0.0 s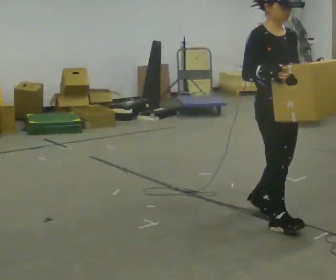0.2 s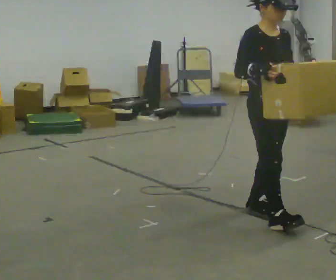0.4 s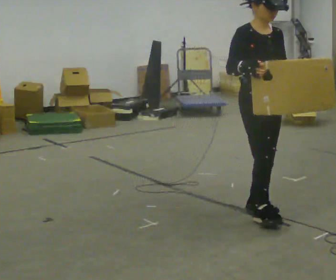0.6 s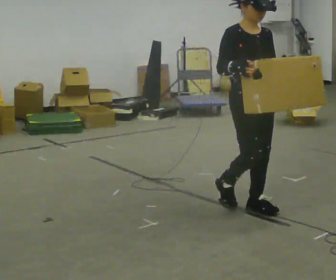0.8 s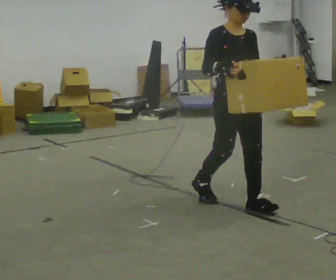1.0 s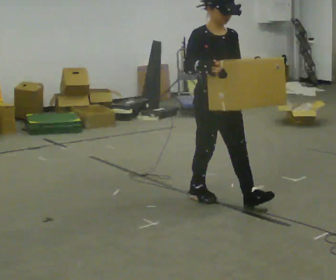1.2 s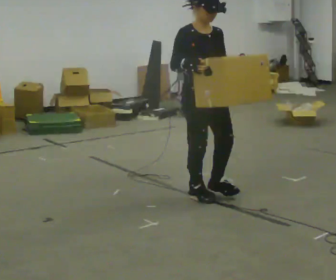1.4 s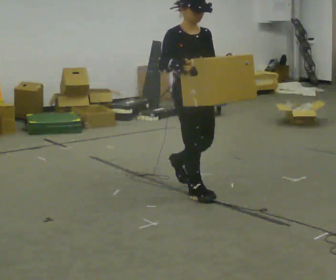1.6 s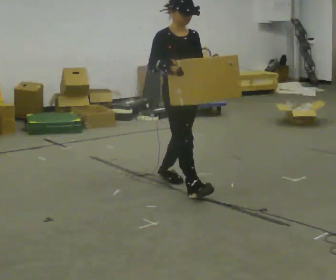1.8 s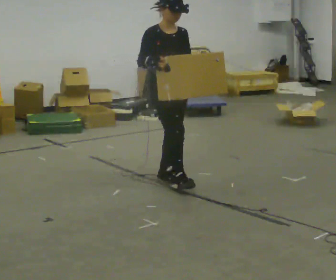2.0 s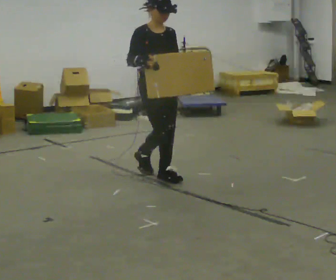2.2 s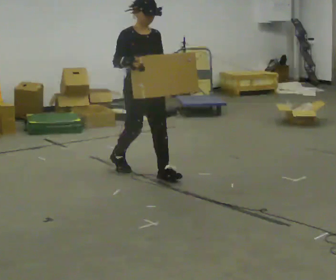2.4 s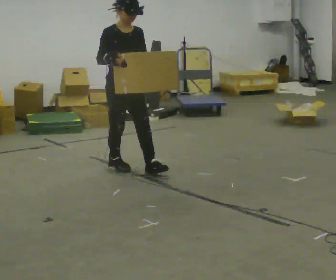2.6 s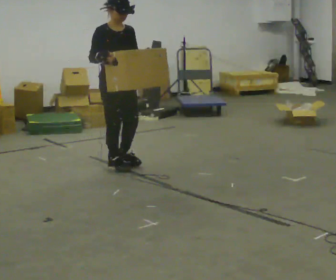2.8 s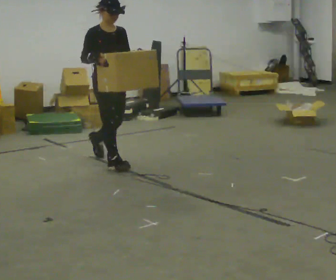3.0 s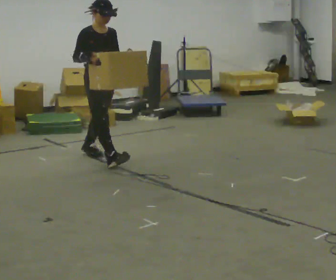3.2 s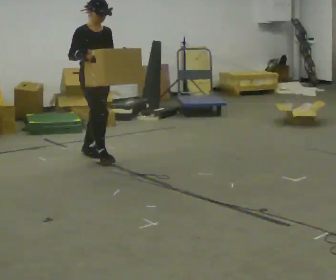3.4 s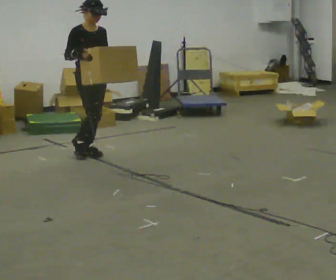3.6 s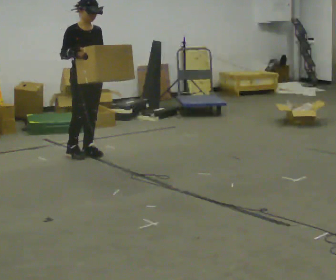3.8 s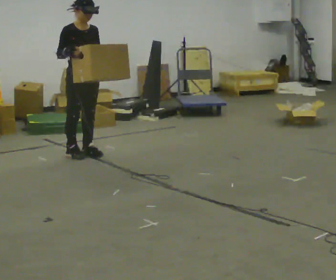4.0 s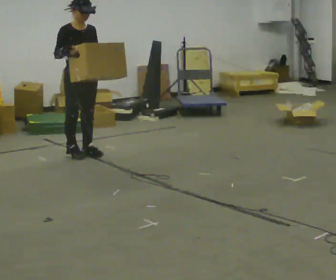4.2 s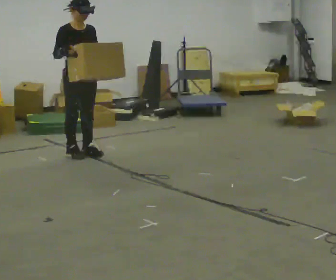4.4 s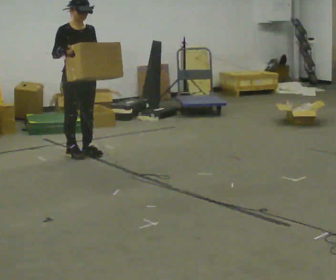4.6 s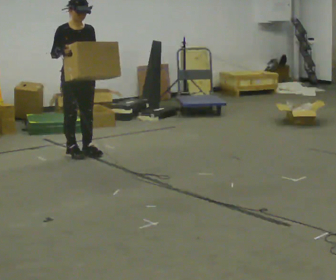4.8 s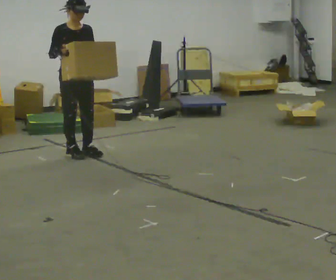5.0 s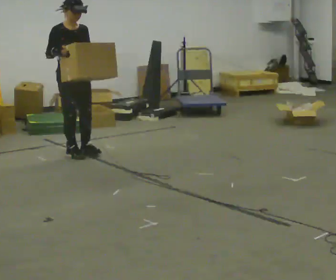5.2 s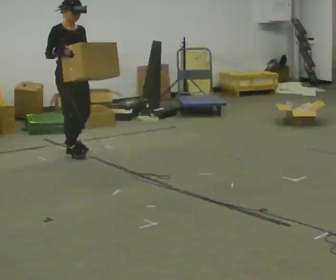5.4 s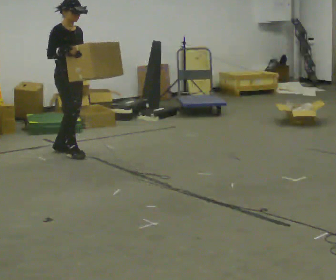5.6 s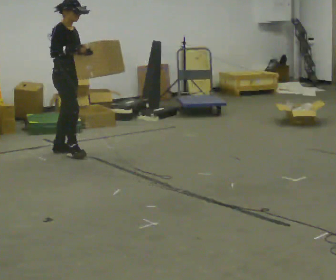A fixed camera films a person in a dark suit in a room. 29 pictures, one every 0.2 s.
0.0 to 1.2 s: In the picture they go away from the camera and to the left, about 0.75 m in 2 steps, which for them is backward.
1.2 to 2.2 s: In the picture they go away from the camera and to the left, about 1 m in 1 step, which for them is backward.
2.2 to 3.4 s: In the picture they go away from the camera and to the left, about 1 m in 2 steps, which for them is backward.
3.4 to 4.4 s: The person moves a little, or ends about where they began.
4.4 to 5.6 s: Seen from above the body turns counterclockwise, about 45 degrees: to their left, with its near side sliding to the right.
The film runs backward here.
